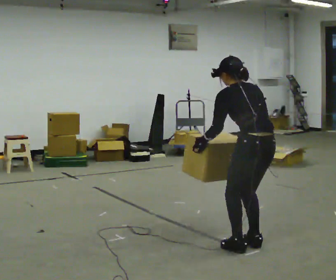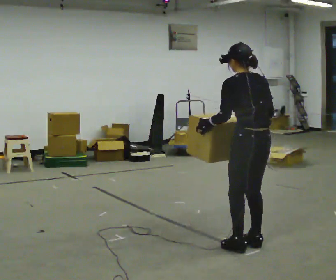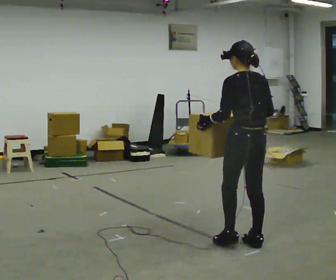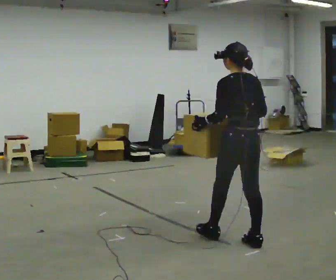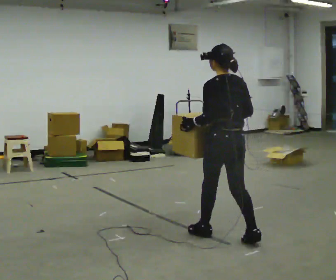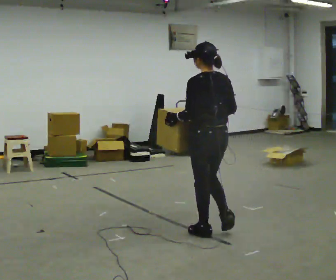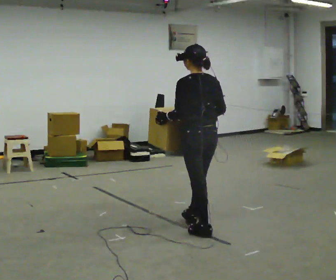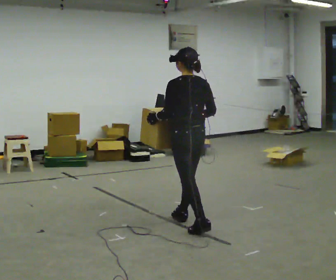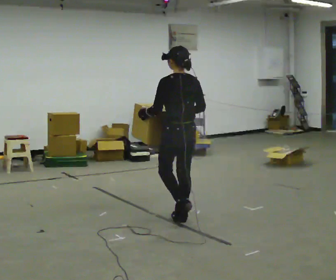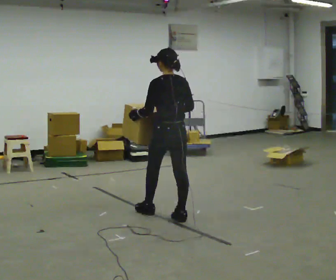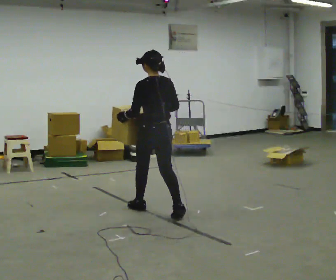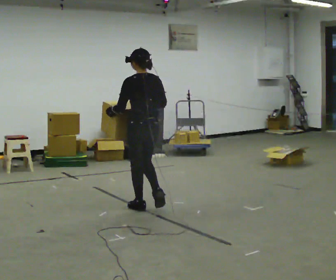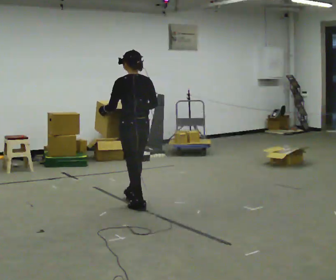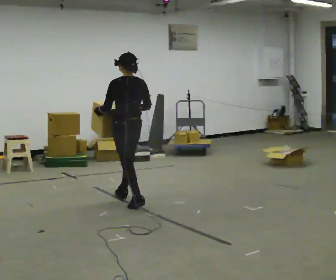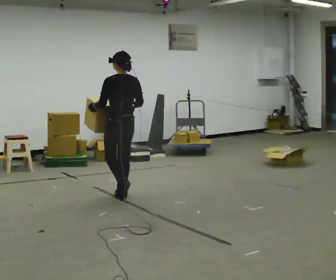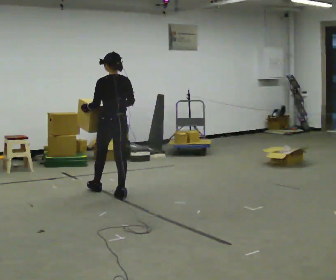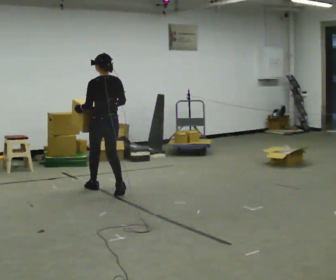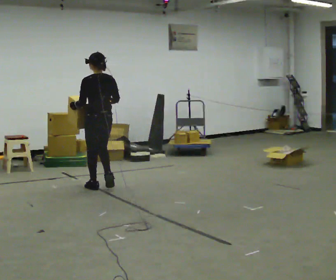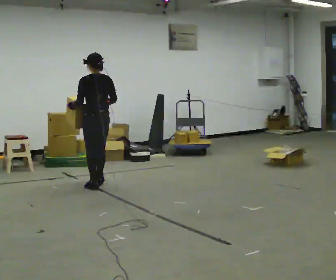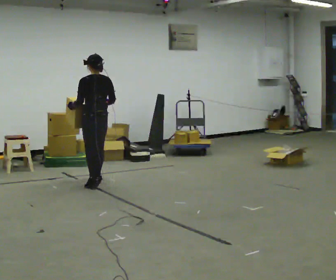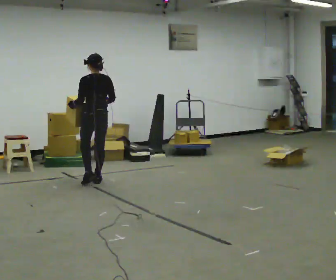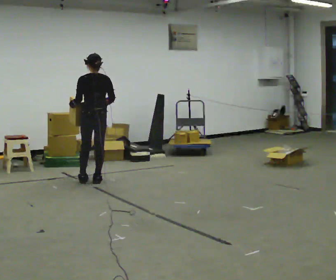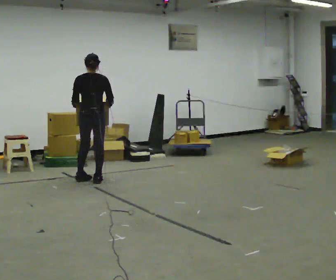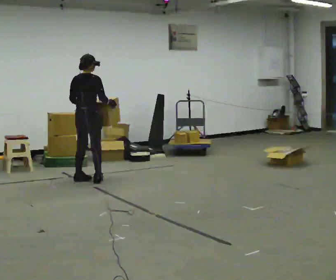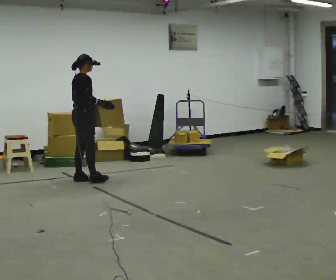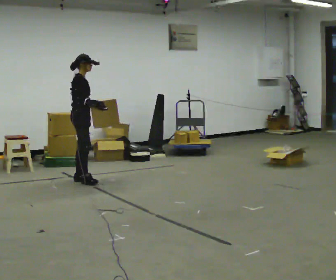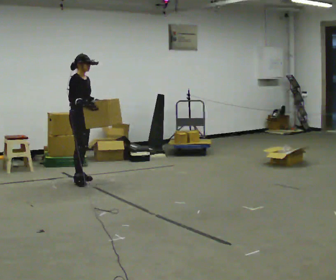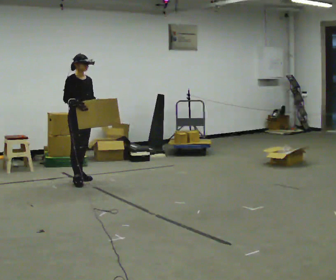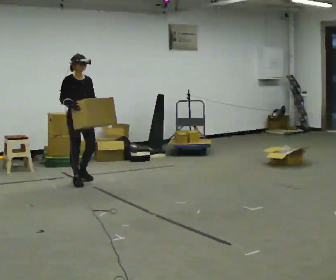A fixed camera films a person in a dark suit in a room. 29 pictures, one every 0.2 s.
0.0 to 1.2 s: In the picture they go away from the camera and to the left, about 0.5 m in 1 step, which for them is forward. The upper body tips toward the camera, its near side rolling downward, as they lean back or straighten.
1.2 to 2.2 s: In the picture they go away from the camera and to the left, about 1 m in 2 steps, which for them is forward.
2.2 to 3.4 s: In the picture they go away from the camera and to the left, about 1 m in 2 steps, which for them is forward.
3.4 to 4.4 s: The part of the body nearest the lens slides to the left as the person turns to their right by about 30 degrees. In the picture they go away from the camera and to the left, about 0.5 m in 1 step, which for them is forward.
4.4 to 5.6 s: The part of the body nearest the lens slides to the left as the person turns to their right by about 135 degrees. In the picture they go to the left, about 0.25 m in 2 steps. In the picture their right hand goes to the left.
The film runs forward here.
